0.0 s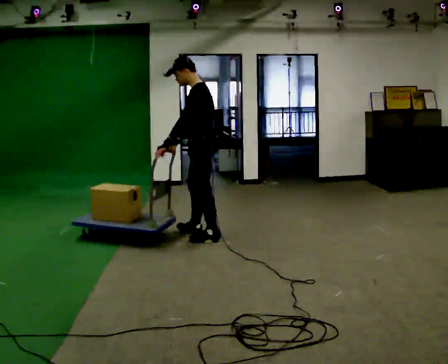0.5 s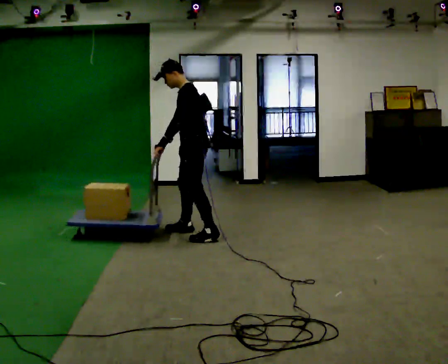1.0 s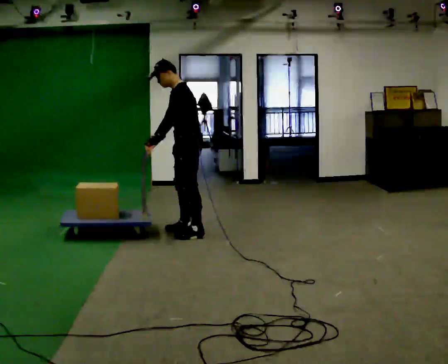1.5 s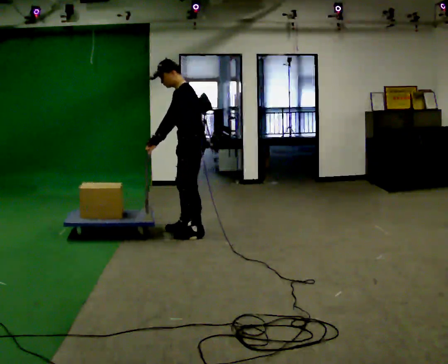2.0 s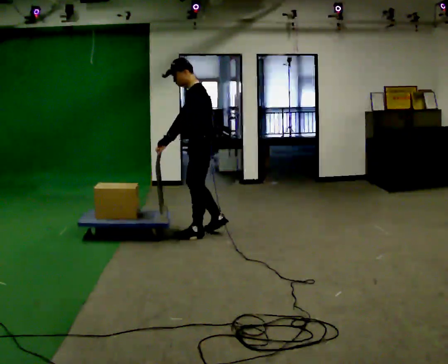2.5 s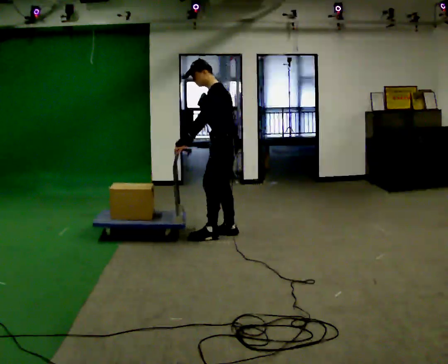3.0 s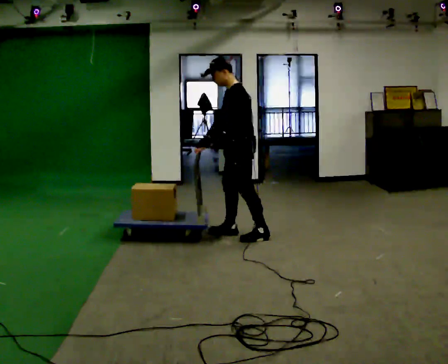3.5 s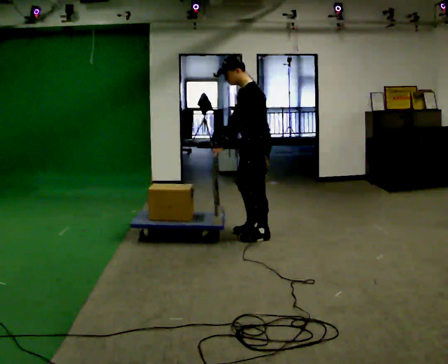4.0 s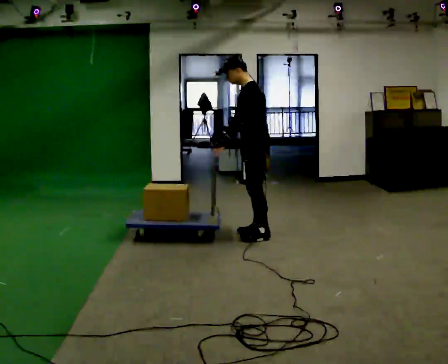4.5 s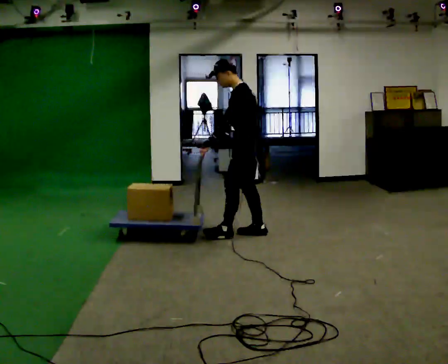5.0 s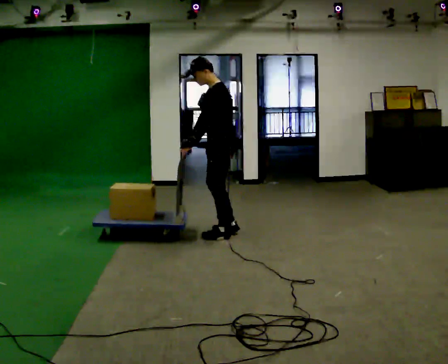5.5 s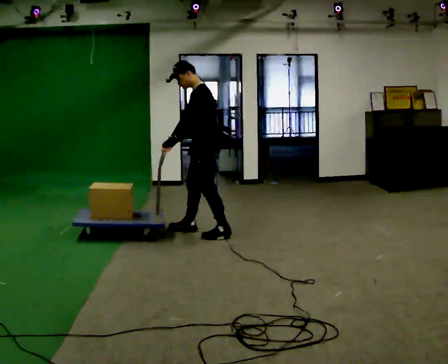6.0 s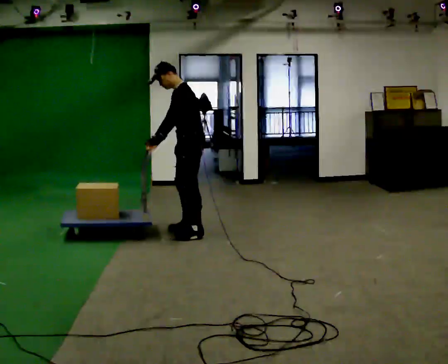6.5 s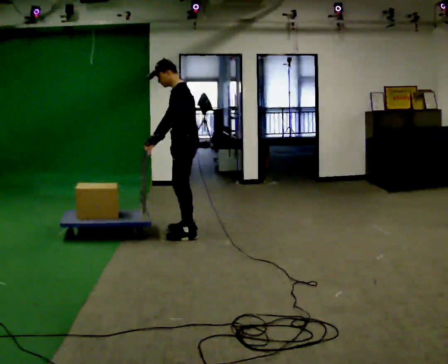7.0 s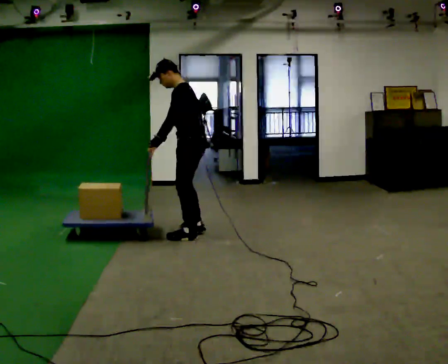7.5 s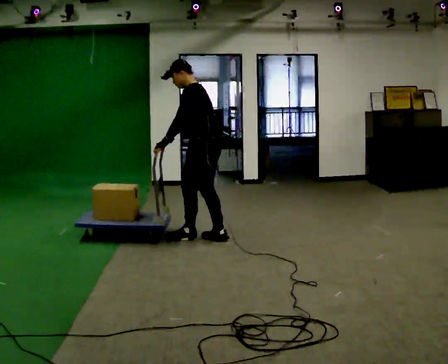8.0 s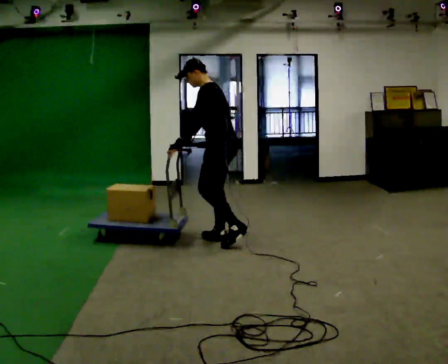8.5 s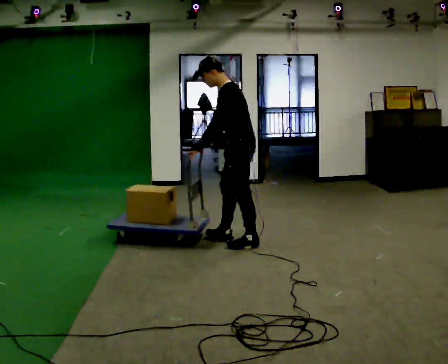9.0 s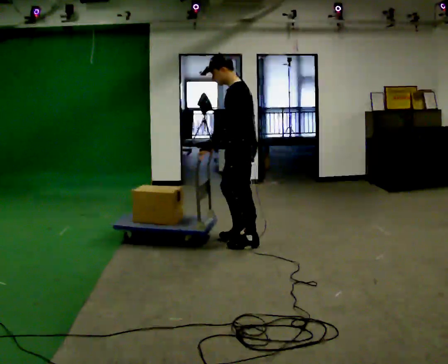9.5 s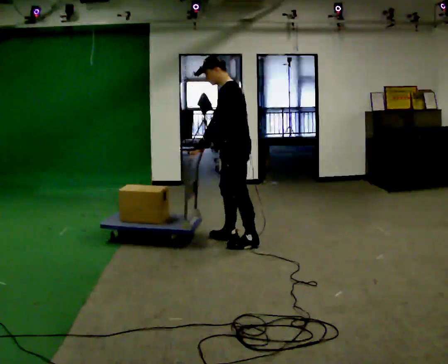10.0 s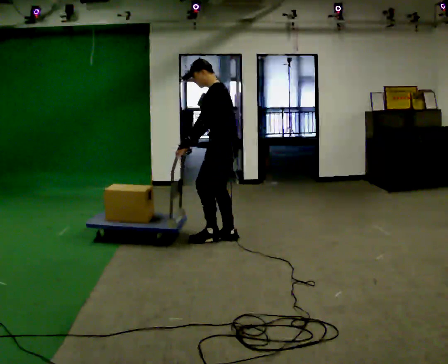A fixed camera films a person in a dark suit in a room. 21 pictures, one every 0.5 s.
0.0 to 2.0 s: The person moves a little, or ends about where they began.
2.0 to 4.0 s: In the picture they go to the right, about 0.5 m in 2 steps, which for them is backward.
4.0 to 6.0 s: In the picture they go to the left, about 0.75 m in 3 steps, which for them is forward.
6.0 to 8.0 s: The person turns about 30 degrees to their right, clockwise seen from above, so the part of the body nearest the lens slides to the left. In the picture they go toward the camera and to the right, about 0.5 m in 2 steps, which for them is backward and to their left.
8.0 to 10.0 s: The person moves a little, or ends about where they began.
The film runs backward here.
